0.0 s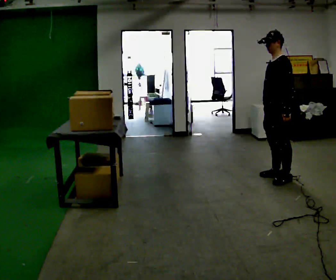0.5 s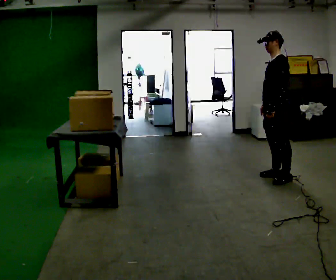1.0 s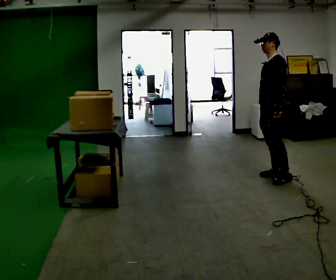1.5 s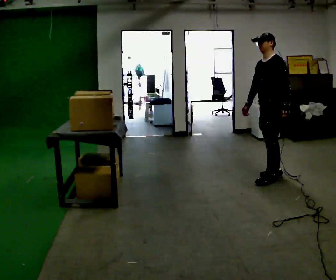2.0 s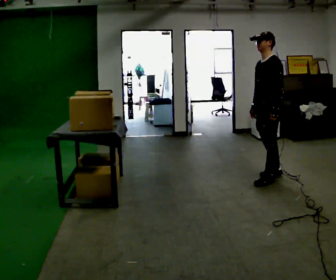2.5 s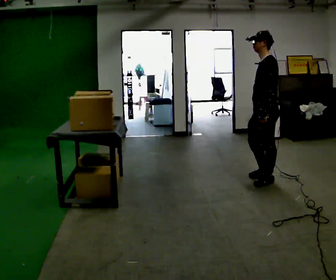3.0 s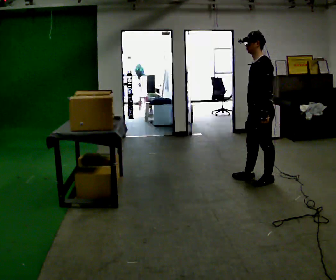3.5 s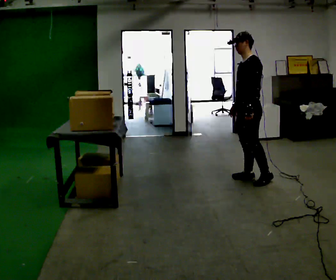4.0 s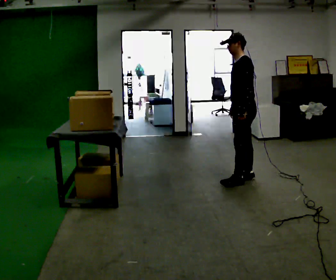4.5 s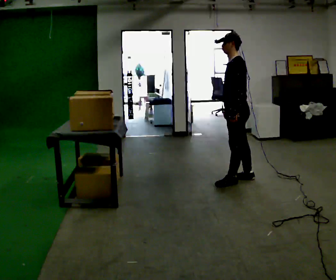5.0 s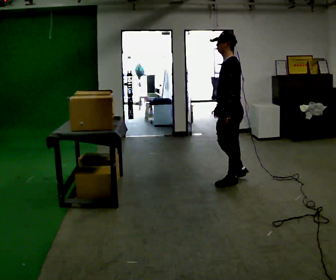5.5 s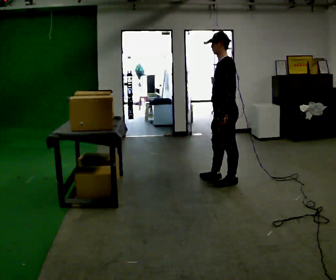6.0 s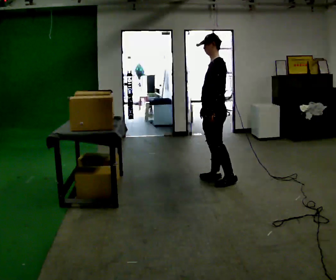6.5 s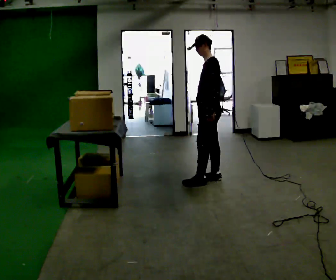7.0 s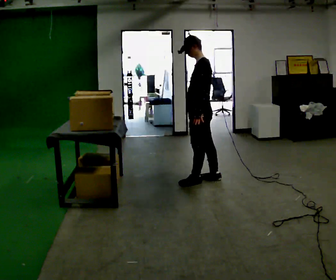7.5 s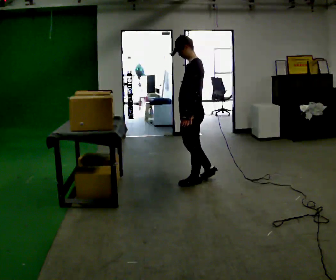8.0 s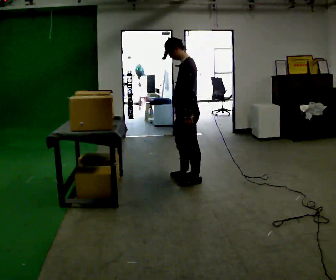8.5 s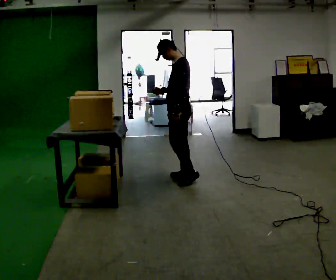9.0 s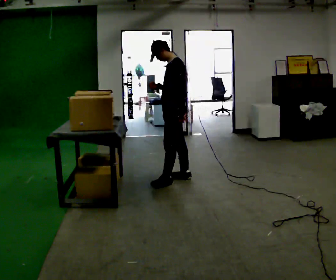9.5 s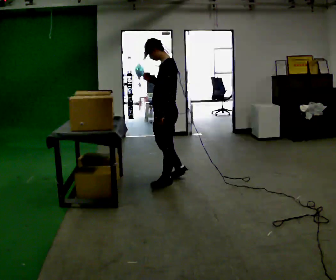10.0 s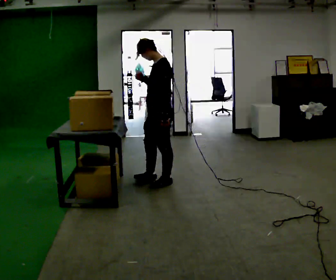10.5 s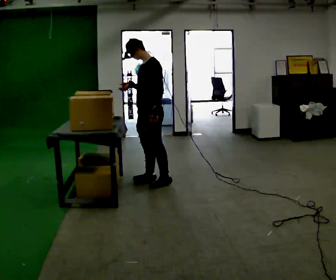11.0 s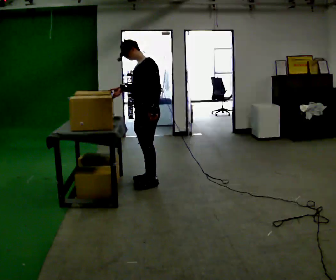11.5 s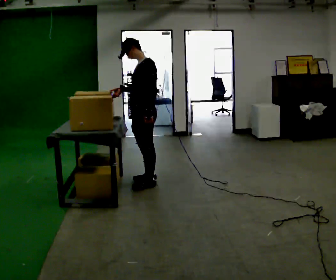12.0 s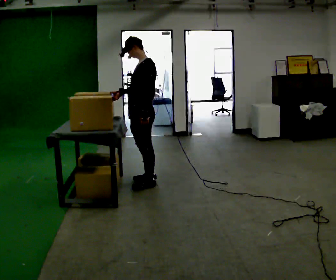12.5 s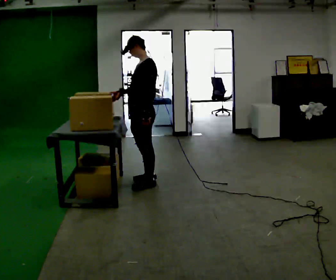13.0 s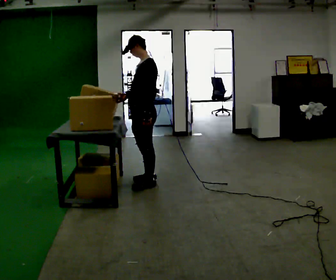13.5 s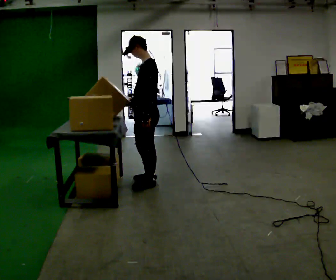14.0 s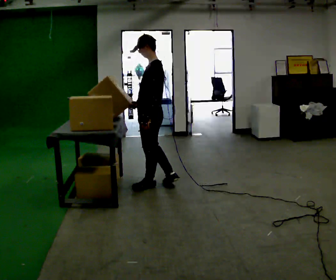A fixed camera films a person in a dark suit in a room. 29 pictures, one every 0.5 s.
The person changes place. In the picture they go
to the left.
0.0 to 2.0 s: The person moves a little, or ends about where they began.
2.0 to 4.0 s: In the picture they go to the left, about 0.25 m in 1 step, which for them is forward and to their right.
4.0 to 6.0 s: In the picture they go to the left, about 0.25 m in 2 steps, which for them is forward.
6.0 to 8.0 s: In the picture they go to the left, about 0.25 m in 2 steps, which for them is forward.
8.0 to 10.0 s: In the picture they go to the left, about 0.25 m in 2 steps, which for them is forward. In the picture their right hand goes upward.
10.0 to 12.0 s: In the picture they go to the left, about 0.25 m in 1 step, which for them is forward and to their right.
12.0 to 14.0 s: The person turns about 30 degrees to their right, clockwise seen from above, so the part of the body nearest the lens slides to the left.
The film runs forward here.
